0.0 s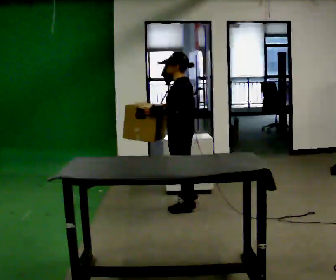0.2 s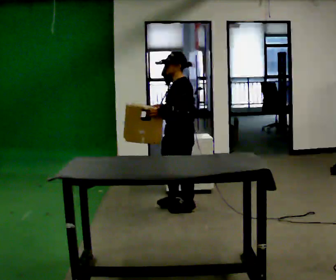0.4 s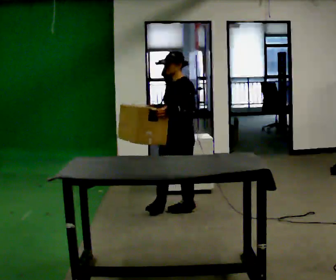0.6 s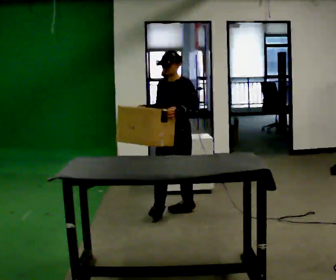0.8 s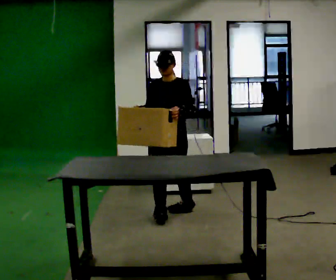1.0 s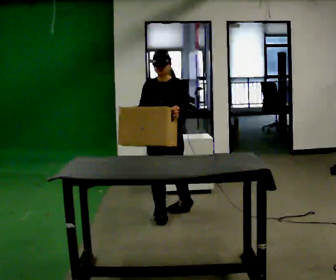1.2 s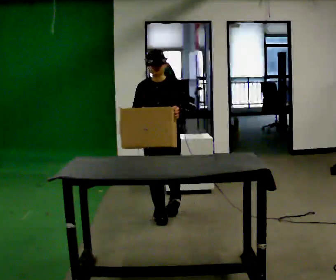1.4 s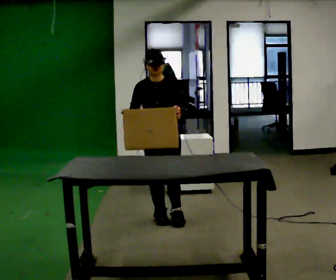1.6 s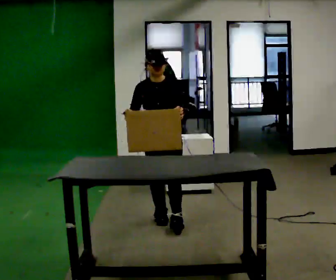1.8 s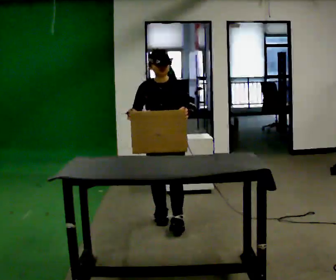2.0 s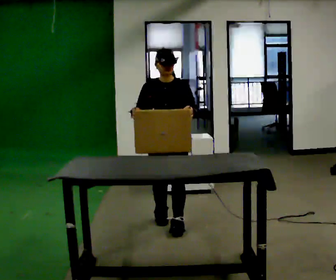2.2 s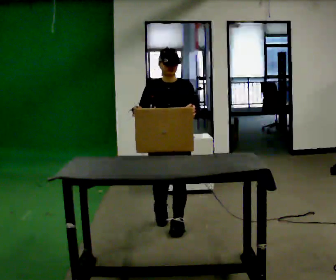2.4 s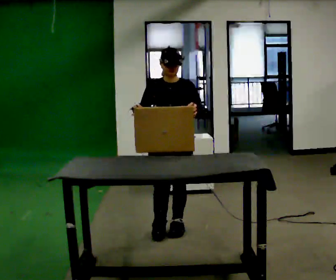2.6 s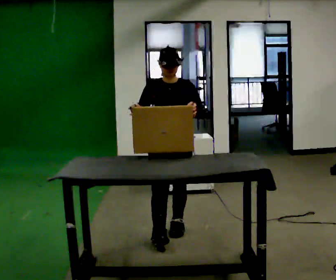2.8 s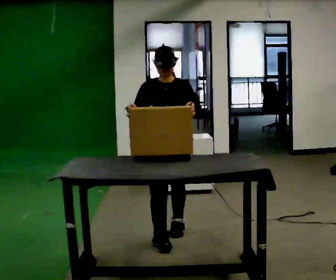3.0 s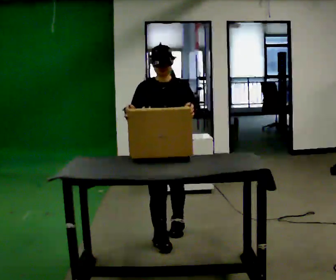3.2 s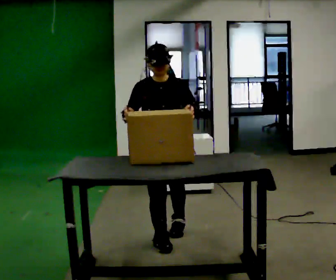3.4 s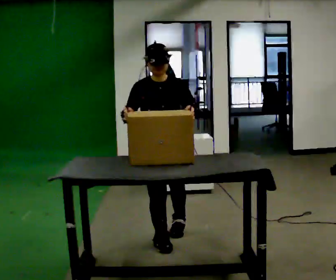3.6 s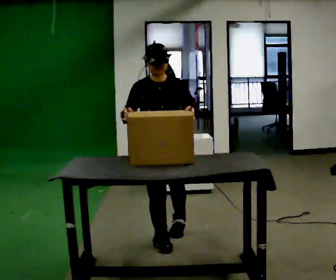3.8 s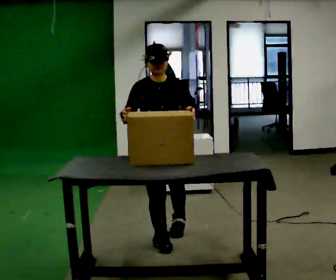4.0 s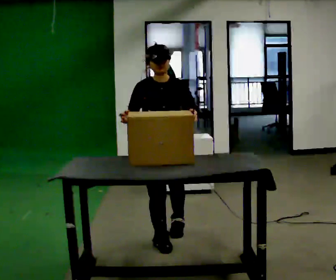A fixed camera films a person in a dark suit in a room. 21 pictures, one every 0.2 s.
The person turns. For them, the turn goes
to their left.
The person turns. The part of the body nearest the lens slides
to the right.
0.0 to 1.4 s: The person turns about 90 degrees to their left, counterclockwise seen from above, so the part of the body nearest the lens slides to the right. In the picture they go toward the camera and to the left, about 0.5 m in 1 step.
1.4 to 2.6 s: In the picture they go toward the camera, about 0.5 m in 1 step, which for them is forward.
2.6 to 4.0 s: In the picture they go toward the camera, about 0.25 m in 1 step, which for them is forward.
The film runs forward here.
